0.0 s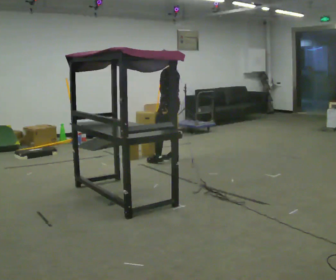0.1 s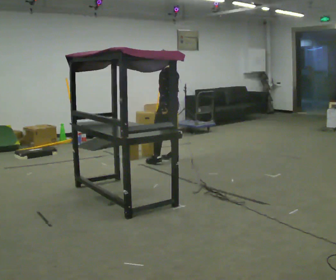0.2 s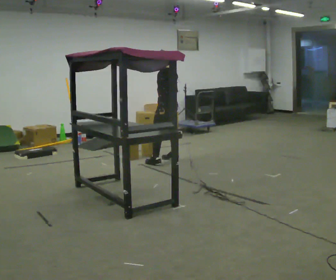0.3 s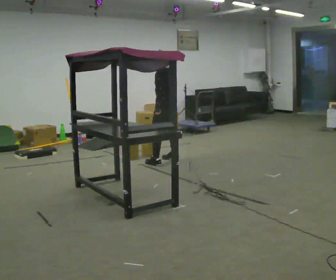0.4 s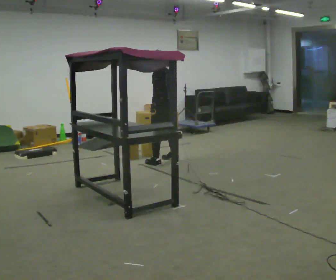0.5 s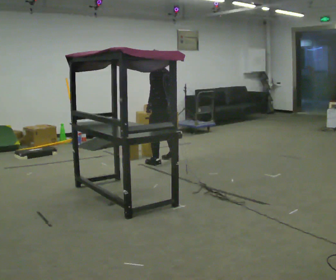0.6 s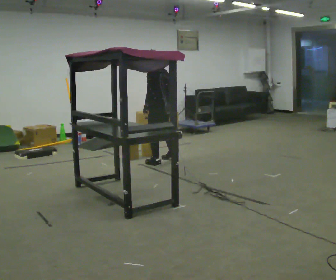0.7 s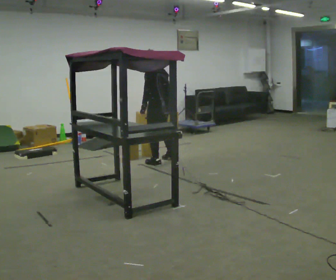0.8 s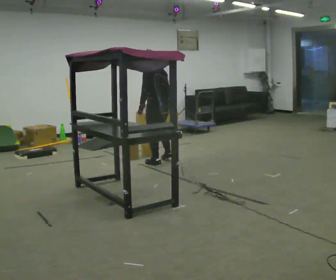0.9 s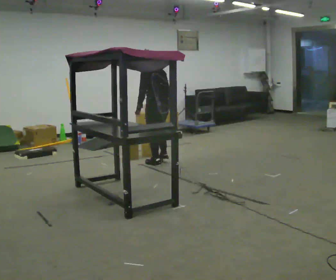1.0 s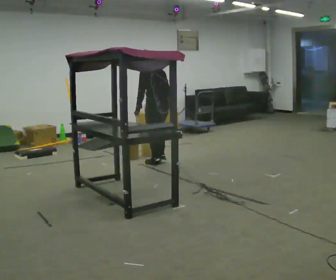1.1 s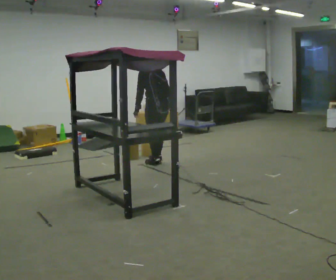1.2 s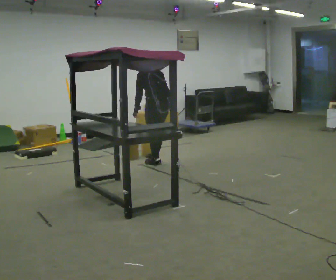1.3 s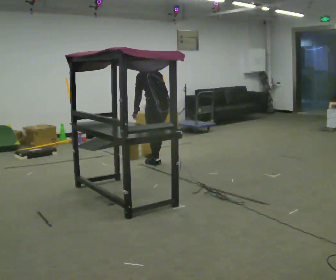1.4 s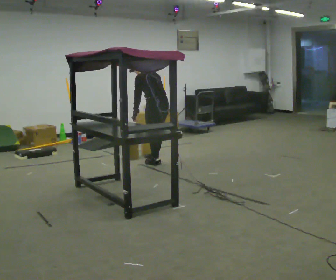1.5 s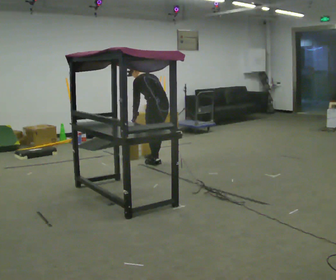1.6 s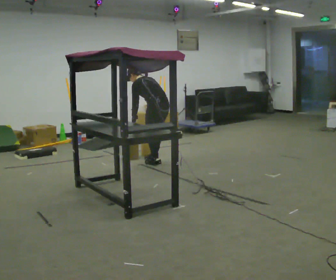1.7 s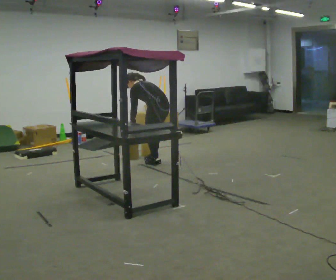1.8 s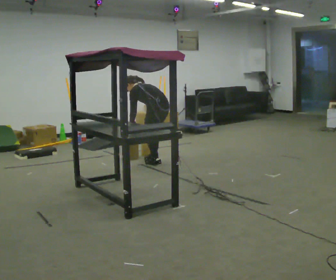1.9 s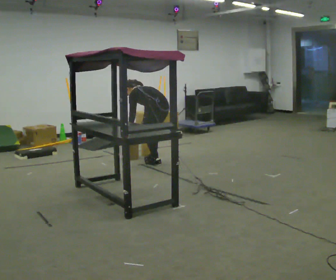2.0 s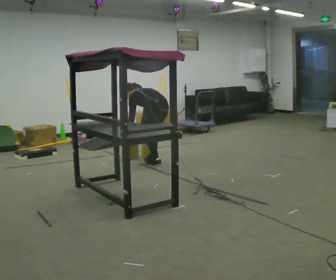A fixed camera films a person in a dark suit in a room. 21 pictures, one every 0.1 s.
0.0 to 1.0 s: The part of the body nearest the lens slides to the left as the person turns to their right by about 30 degrees. In the picture they go toward the camera and to the left, about 0.25 m, which for them is to their left.
1.0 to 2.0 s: The upper body goes downward. The upper body tips away from the camera, its near side rolling upward, as they bend forward. In the picture their right hand goes to the left and downward.
The film runs forward here.
